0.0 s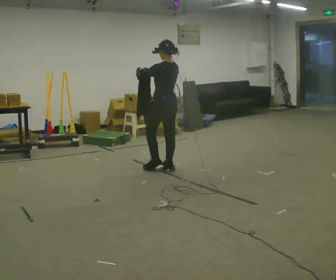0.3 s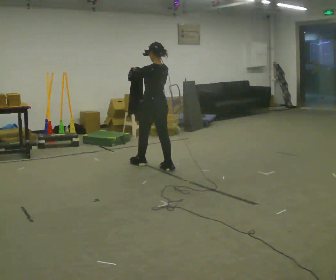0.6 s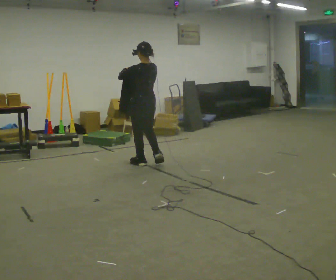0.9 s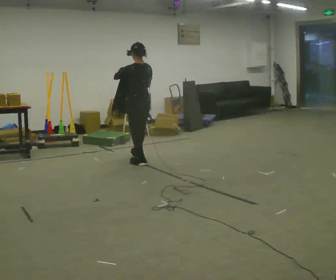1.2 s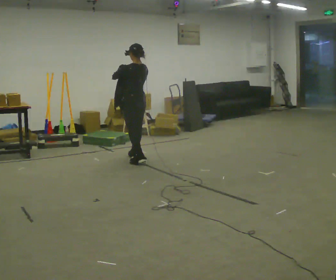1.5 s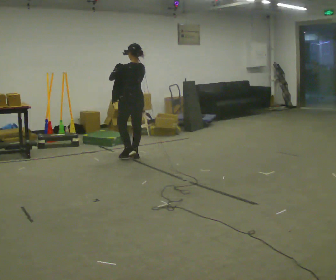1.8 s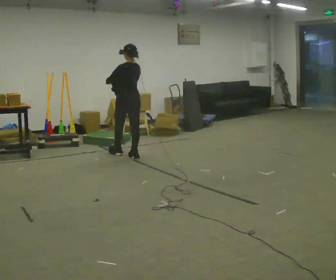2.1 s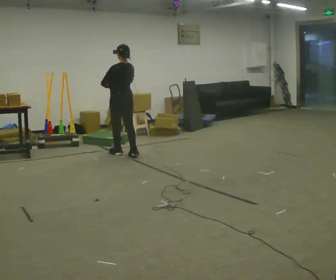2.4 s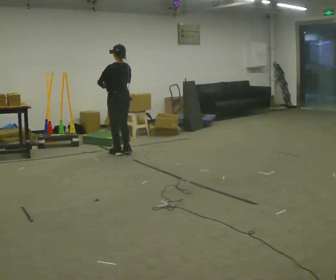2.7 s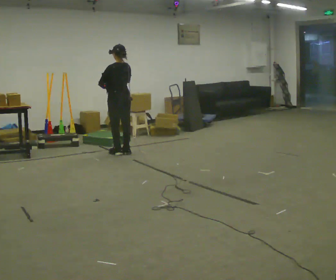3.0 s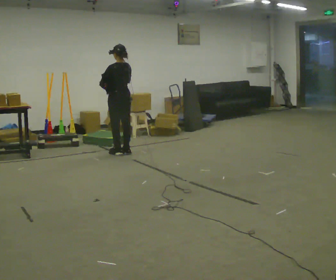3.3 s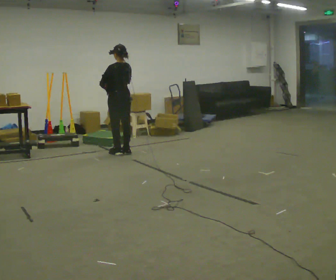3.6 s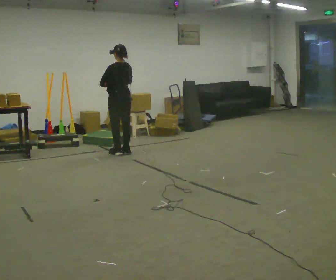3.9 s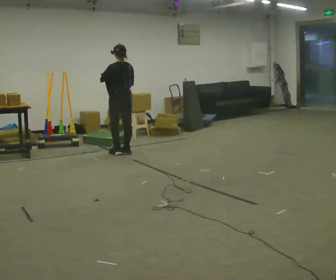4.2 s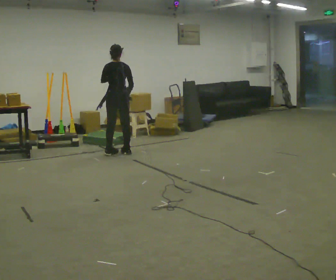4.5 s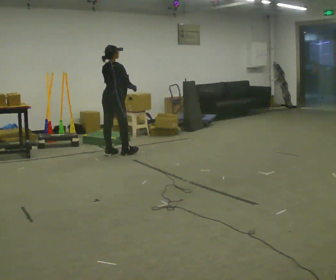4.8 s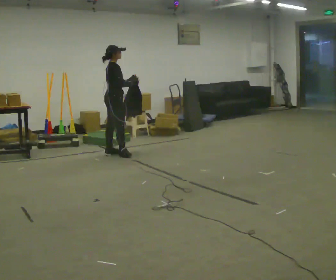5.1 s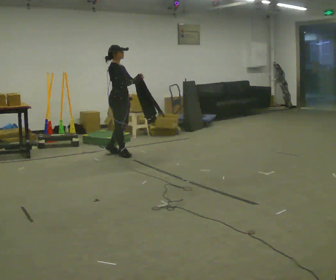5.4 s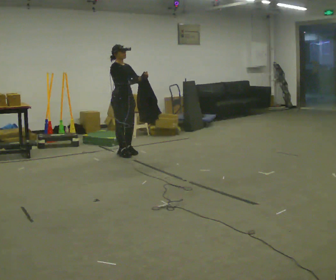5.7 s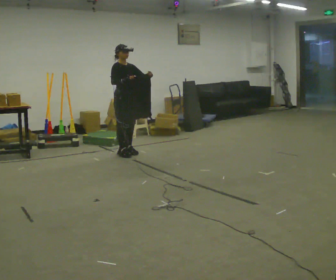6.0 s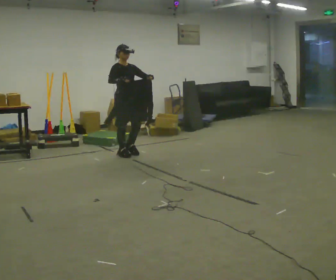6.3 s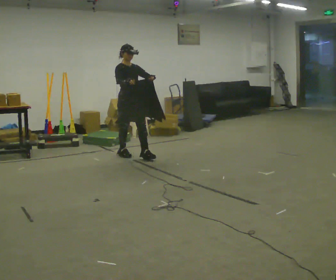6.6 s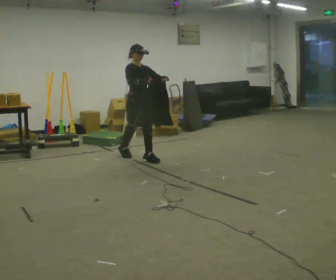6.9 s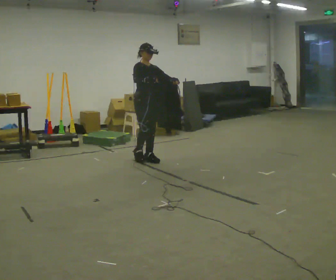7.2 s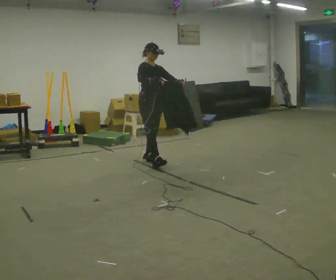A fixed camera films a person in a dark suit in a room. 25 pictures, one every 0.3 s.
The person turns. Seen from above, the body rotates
clockwise.
The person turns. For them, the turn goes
to their right.
0.0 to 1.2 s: In the picture they go away from the camera and to the left, about 0.75 m in 2 steps, which for them is forward.
1.2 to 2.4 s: In the picture they go away from the camera and to the left, about 0.5 m in 1 step, which for them is forward.
2.4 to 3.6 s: The person moves a little, or ends about where they began.
3.6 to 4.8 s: The part of the body nearest the lens slides to the left as the person turns to their right by about 105 degrees.
4.8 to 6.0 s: Seen from above the body turns clockwise, about 60 degrees: to their right, with its near side sliding to the left. In the picture they go to the right, about 0.25 m in 1 step.
6.0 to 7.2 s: In the picture they go toward the camera and to the right, about 0.5 m in 1 step, which for them is forward.
The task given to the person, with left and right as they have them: Carry the cloth and, while walking, fold it in half, then unfold it. Keep repeating as you walk. Do not stop.
The film runs forward here.
